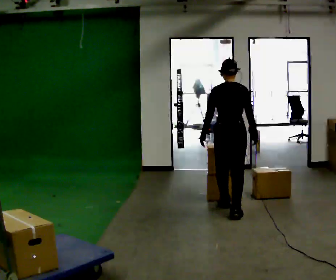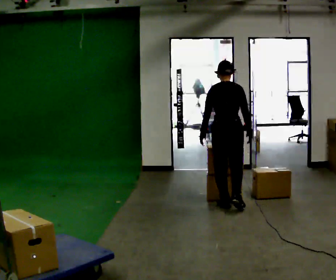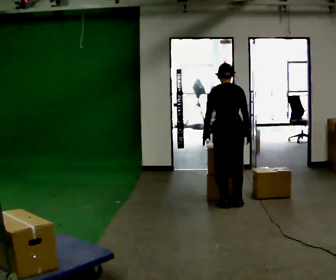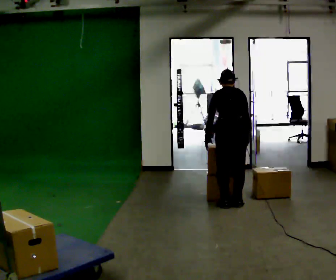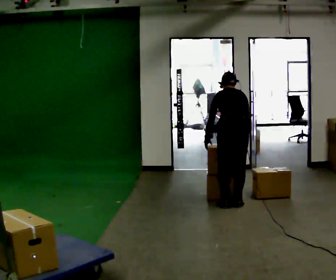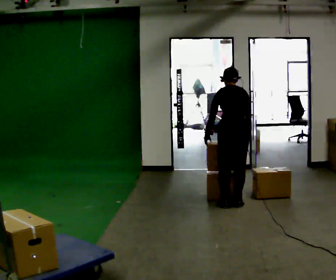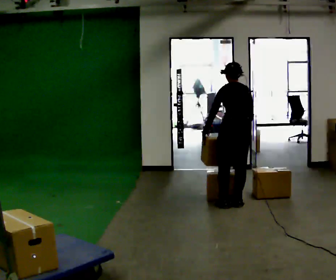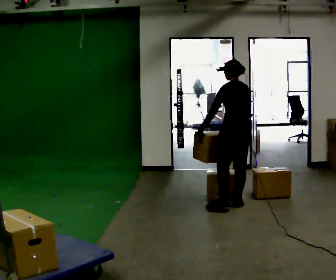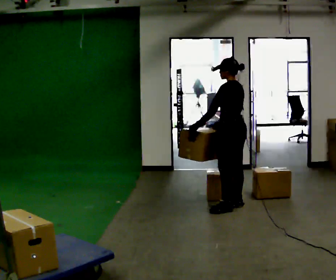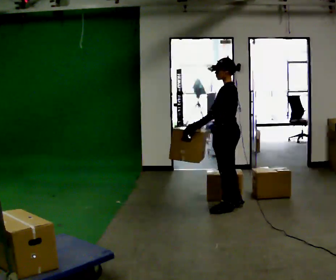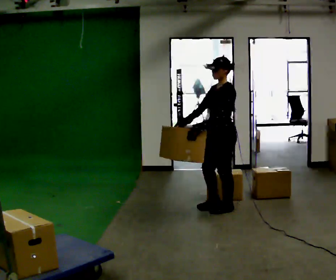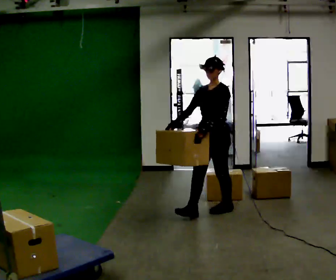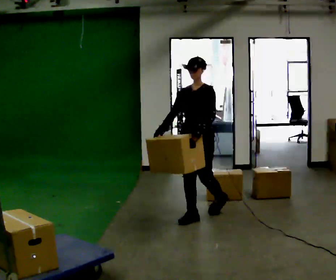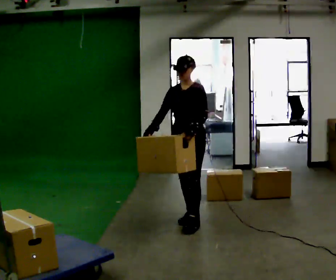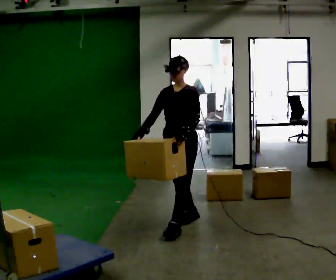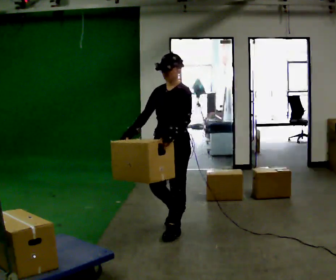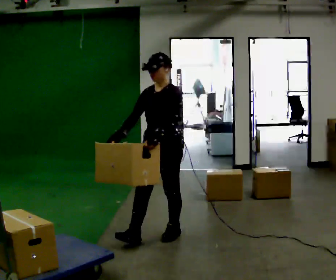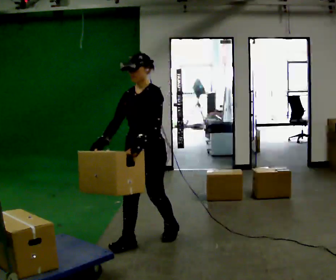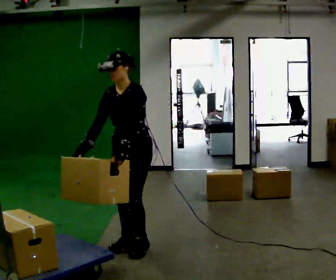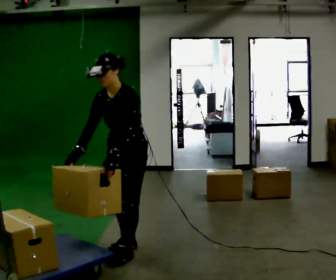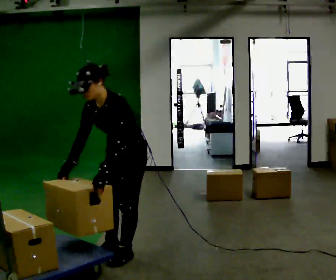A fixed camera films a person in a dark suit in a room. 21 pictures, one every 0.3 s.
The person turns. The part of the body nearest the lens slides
to the right.
The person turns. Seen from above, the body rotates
counterclockwise.
0.0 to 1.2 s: In the picture they go away from the camera, about 0.25 m in 1 step, which for them is forward. The upper body tips away from the camera, its near side rolling upward, as they bend forward.
1.2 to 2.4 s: The part of the body nearest the lens slides to the right as the person turns to their left by about 60 degrees. The upper body tips toward the camera, its near side rolling downward, as they lean back or straighten.
2.4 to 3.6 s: The part of the body nearest the lens slides to the right as the person turns to their left by about 90 degrees. In the picture they go toward the camera and to the left, about 0.5 m in 1 step.
3.6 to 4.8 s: In the picture they go toward the camera and to the left, about 0.75 m in 1 step, which for them is forward.
4.8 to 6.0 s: In the picture they go toward the camera and to the left, about 0.5 m in 2 steps, which for them is forward. The upper body tips toward the camera, its near side rolling downward, as they bend forward.
The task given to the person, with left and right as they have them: Load the boxes onto the cart one at a time, then take them all off again. The cart stays where it is. Keep going until the operator says stop; one object at a time, and do not rush between trips.
The film runs forward here.
